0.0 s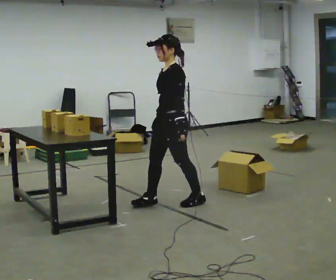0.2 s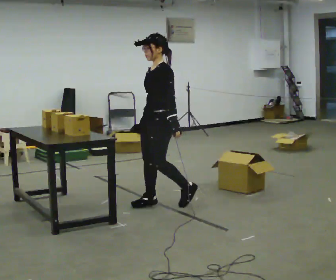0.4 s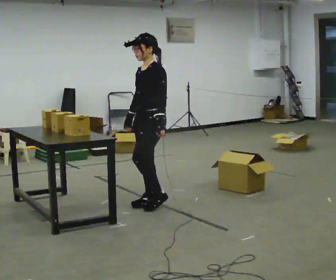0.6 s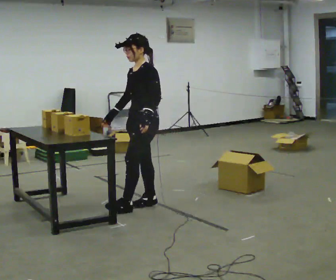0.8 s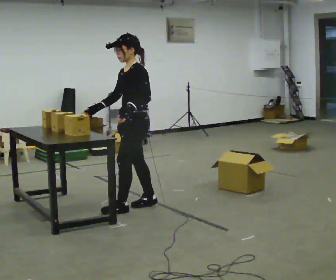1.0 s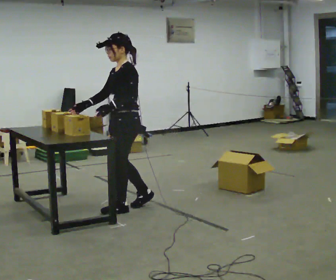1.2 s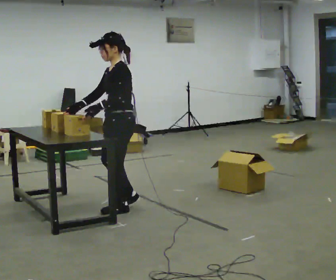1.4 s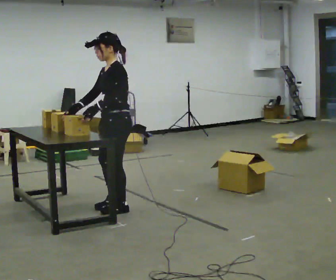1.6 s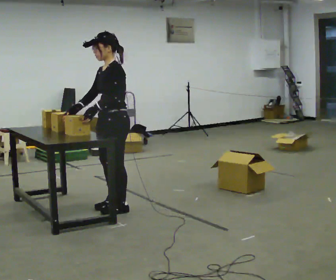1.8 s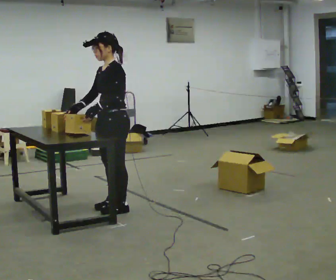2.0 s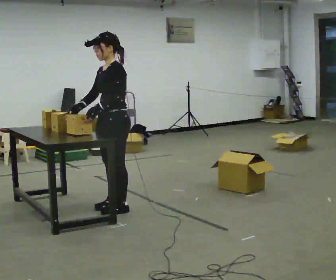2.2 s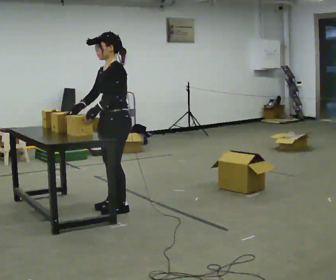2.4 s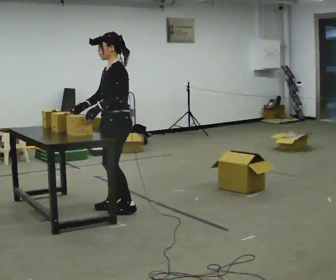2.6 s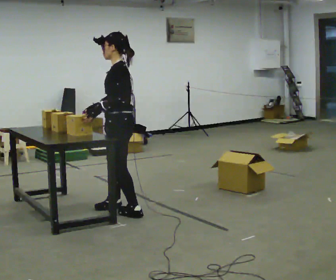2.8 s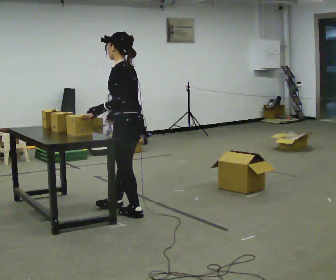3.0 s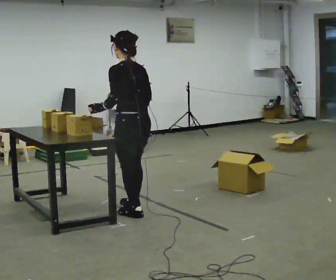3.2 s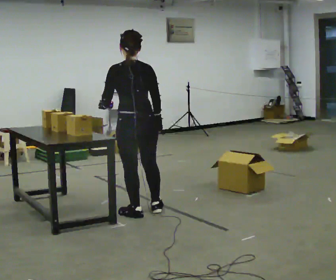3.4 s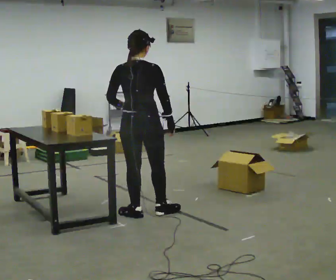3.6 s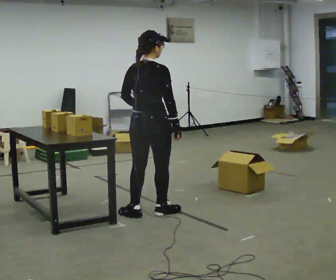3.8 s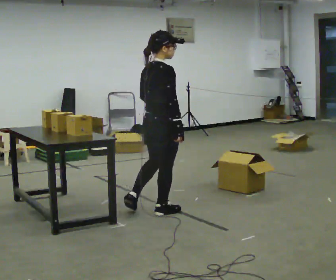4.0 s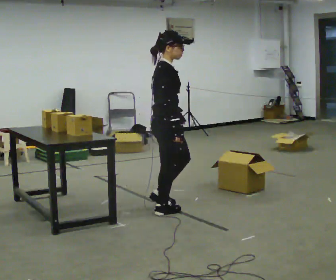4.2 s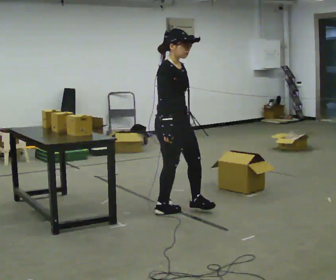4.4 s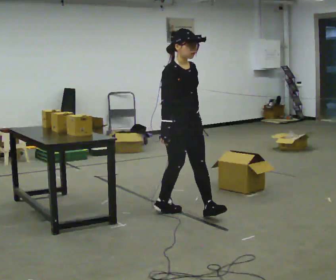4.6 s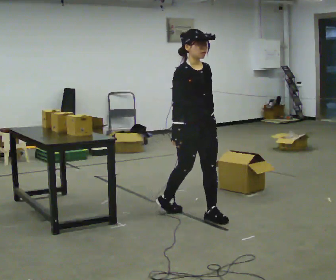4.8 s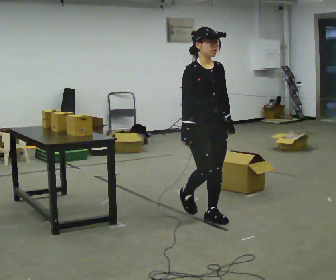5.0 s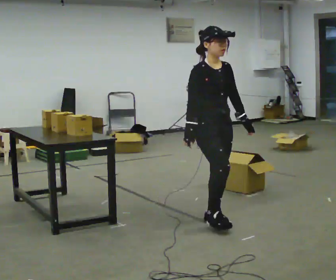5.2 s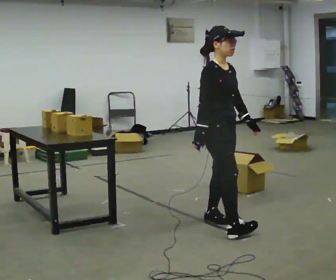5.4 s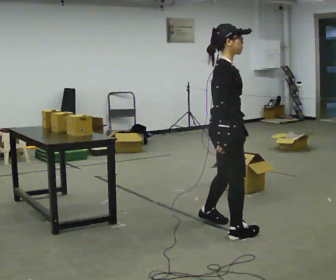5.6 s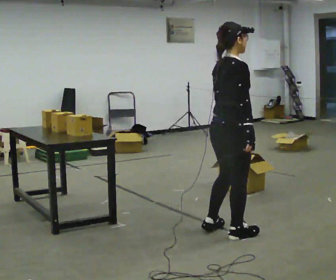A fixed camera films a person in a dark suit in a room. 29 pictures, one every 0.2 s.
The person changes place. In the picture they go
toward the camera.
0.0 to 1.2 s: In the picture they go to the left, about 0.5 m in 1 step, which for them is forward.
1.2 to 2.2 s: The person moves a little, or ends about where they began.
2.2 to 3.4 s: The part of the body nearest the lens slides to the left as the person turns to their right by about 120 degrees. In the picture they go toward the camera and to the right, about 0.25 m in 2 steps.
3.4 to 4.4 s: The person turns about 135 degrees to their right, clockwise seen from above, so the part of the body nearest the lens slides to the left. In the picture they go to the right, about 0.25 m.
4.4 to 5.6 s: Seen from above the body turns counterclockwise, about 75 degrees: to their left, with its near side sliding to the right. In the picture they go toward the camera and to the right, about 0.75 m in 2 steps.
The film runs forward here.
